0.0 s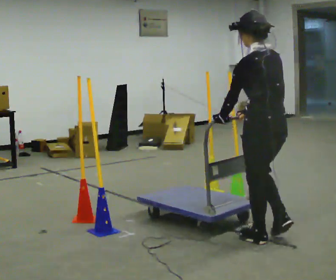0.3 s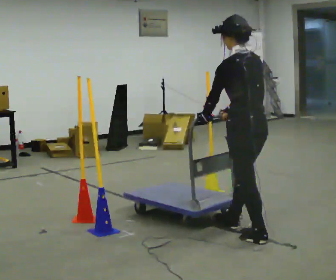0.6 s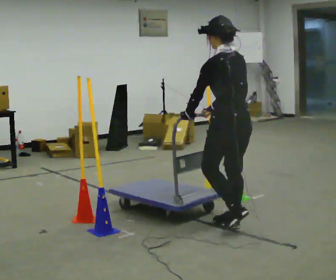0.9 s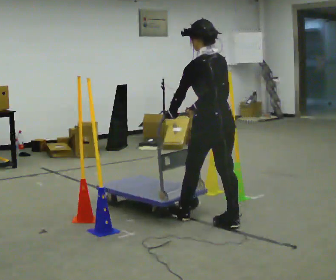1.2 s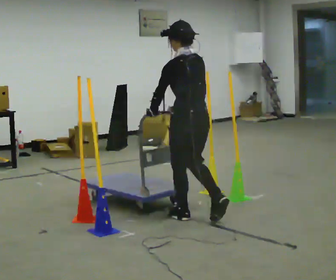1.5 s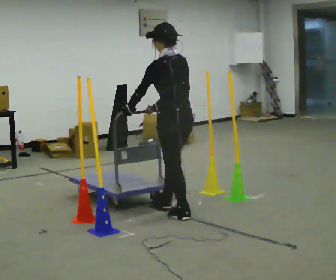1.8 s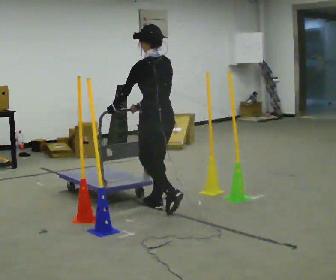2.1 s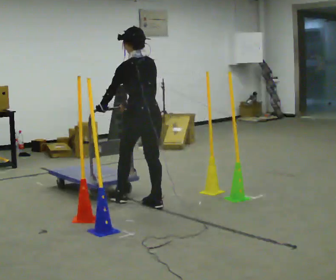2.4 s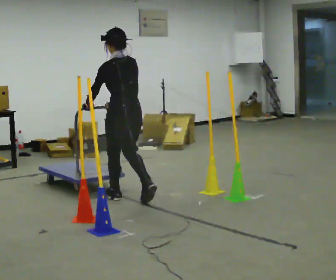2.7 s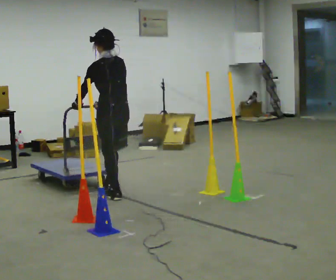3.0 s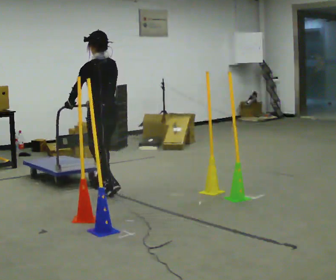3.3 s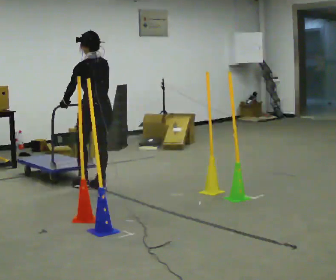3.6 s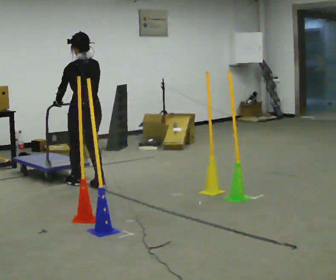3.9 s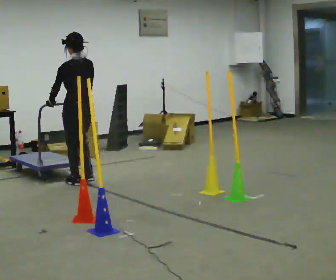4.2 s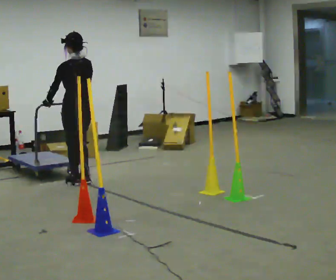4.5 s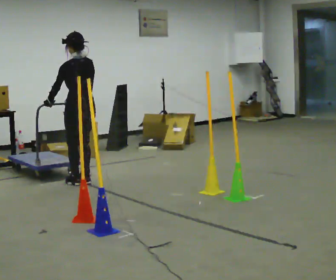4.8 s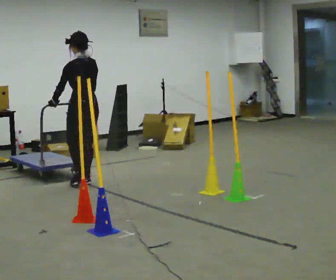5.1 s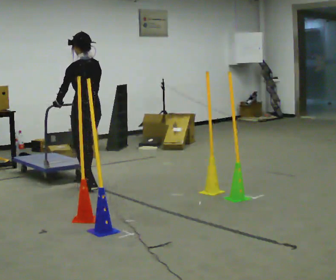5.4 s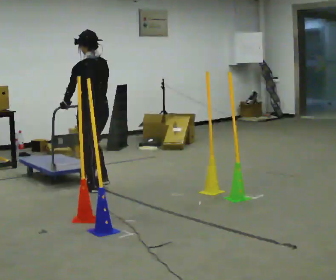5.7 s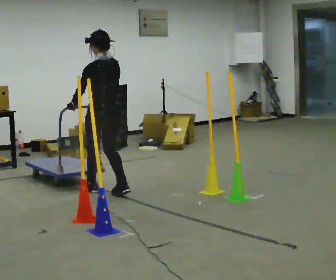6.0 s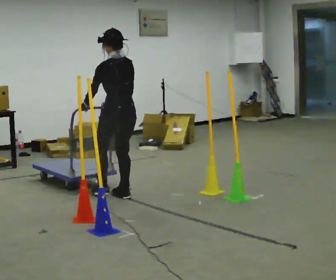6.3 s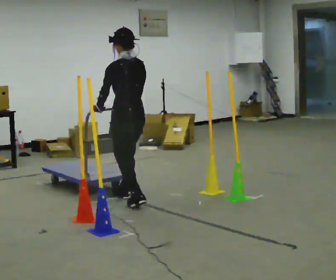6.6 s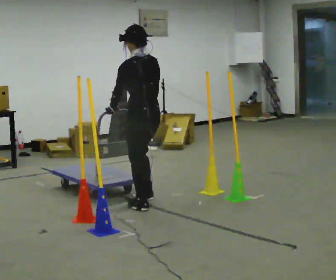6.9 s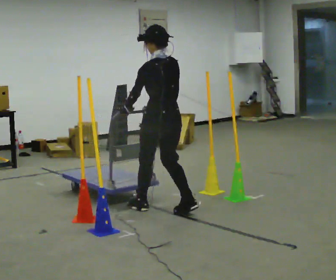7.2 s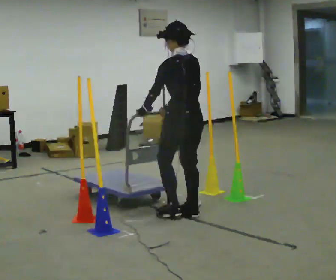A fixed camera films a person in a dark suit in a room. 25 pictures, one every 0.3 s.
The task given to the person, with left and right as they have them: Push the cart in and out of the line of poles without touching any of them. Keep going until the operator says stop.
0.0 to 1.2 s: In the picture they go away from the camera and to the left, about 1 m in 2 steps, which for them is forward.
1.2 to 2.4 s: In the picture they go away from the camera and to the left, about 1 m in 2 steps, which for them is forward.
2.4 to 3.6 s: In the picture they go away from the camera and to the left, about 0.5 m in 2 steps, which for them is forward.
3.6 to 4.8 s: The person moves a little, or ends about where they began.
4.8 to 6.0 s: In the picture they go toward the camera and to the right, about 0.75 m in 2 steps, which for them is backward.
6.0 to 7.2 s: In the picture they go toward the camera and to the right, about 1 m in 2 steps, which for them is backward.
The film runs forward here.
